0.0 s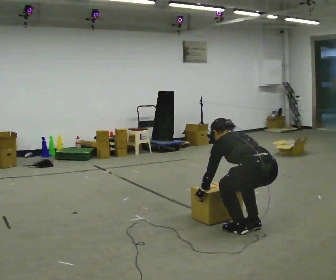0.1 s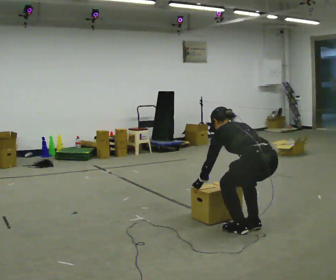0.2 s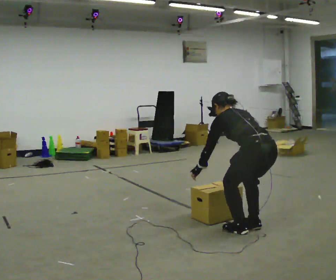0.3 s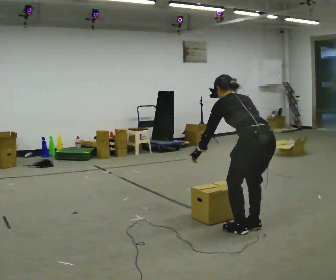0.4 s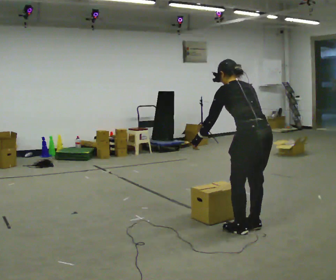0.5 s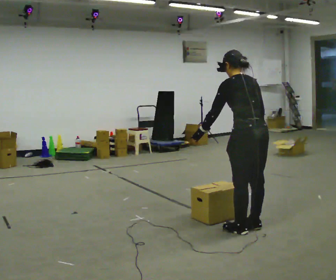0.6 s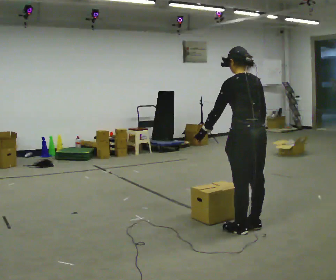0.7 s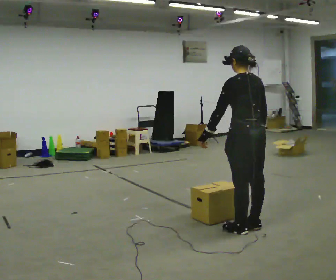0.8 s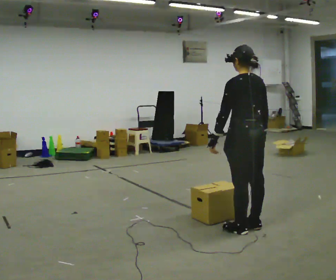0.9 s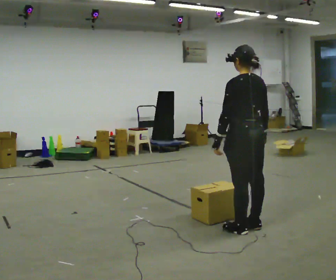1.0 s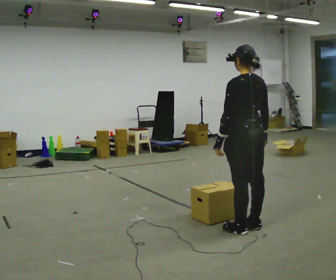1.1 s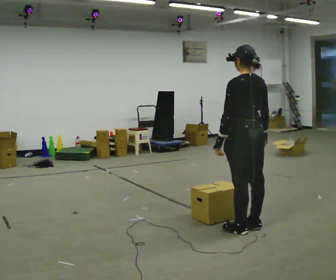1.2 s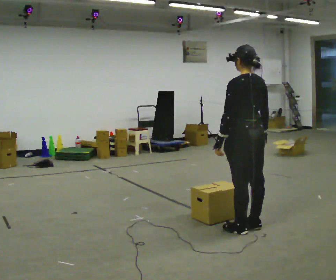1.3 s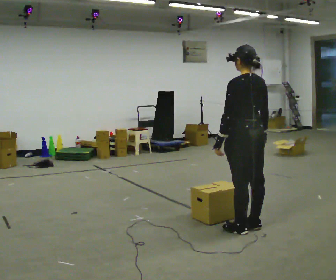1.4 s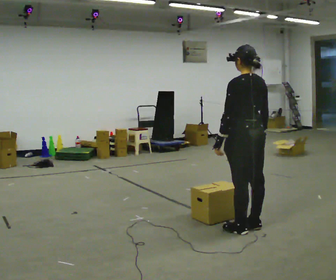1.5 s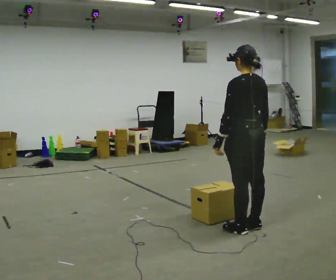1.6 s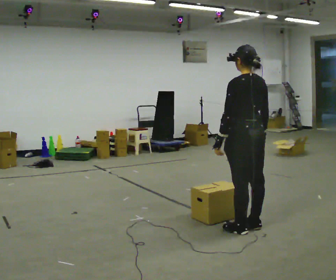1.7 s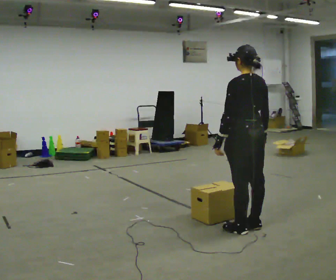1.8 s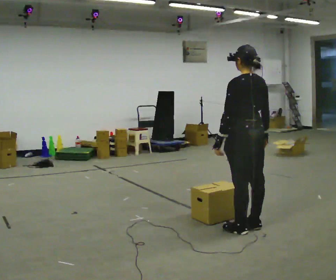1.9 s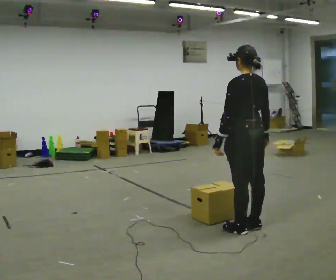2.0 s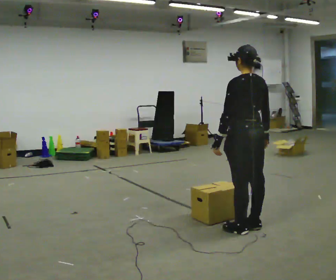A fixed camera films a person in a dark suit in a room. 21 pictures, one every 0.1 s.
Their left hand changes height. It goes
upward.
The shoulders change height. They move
upward.
0.0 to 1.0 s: The upper body goes upward. The upper body tips toward the camera, its near side rolling downward, as they lean back or straighten. In the picture their left hand goes upward.
1.0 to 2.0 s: The person moves a little, or ends about where they began.
The film runs backward here.
